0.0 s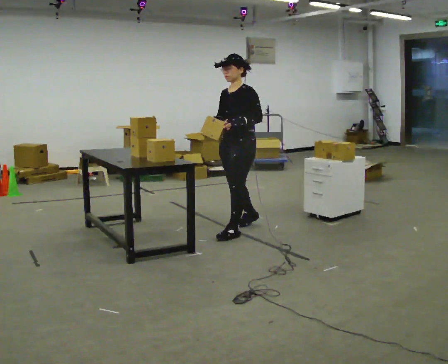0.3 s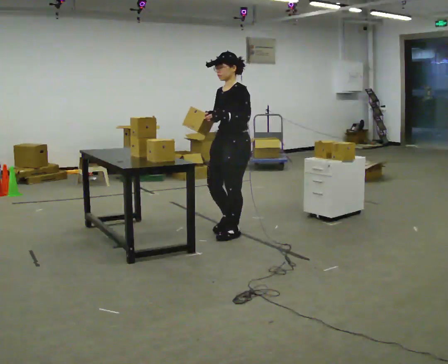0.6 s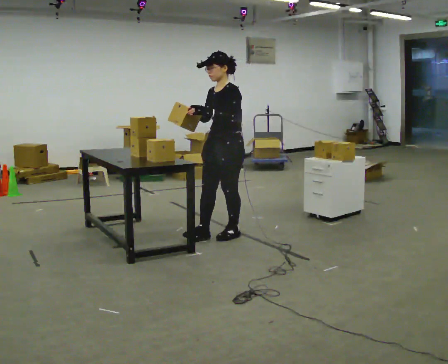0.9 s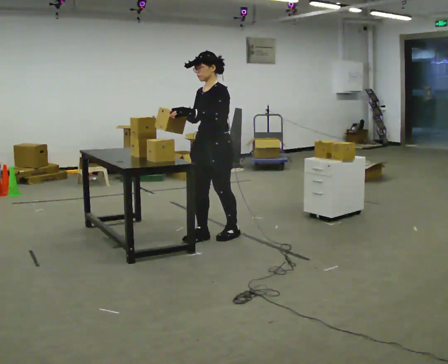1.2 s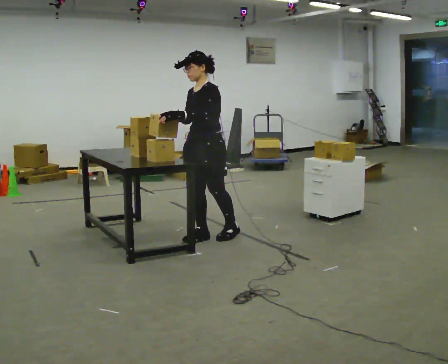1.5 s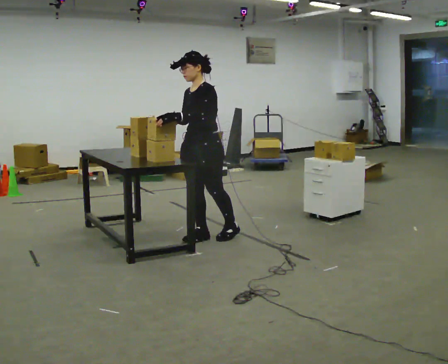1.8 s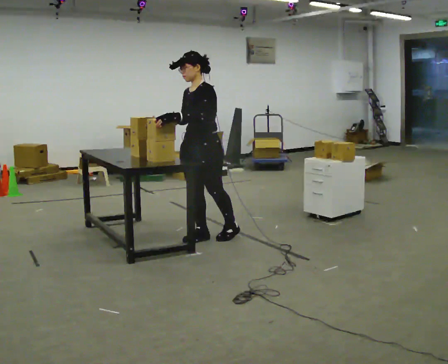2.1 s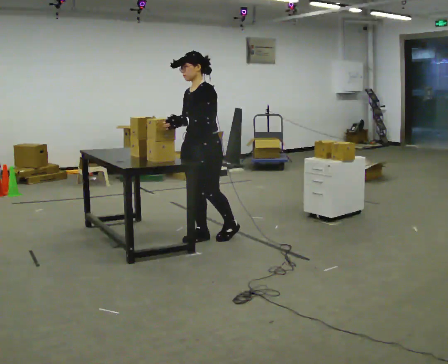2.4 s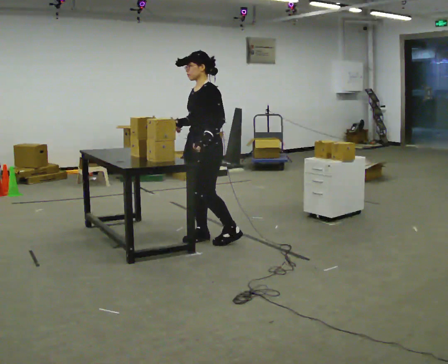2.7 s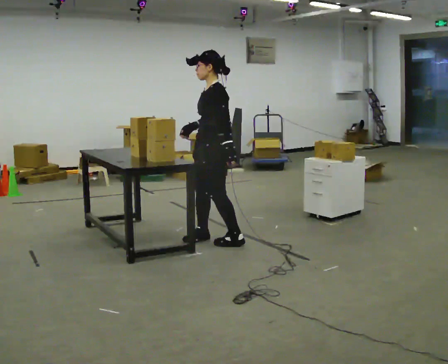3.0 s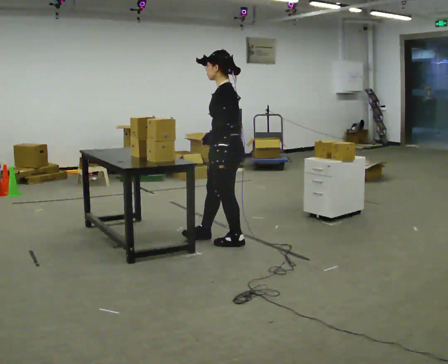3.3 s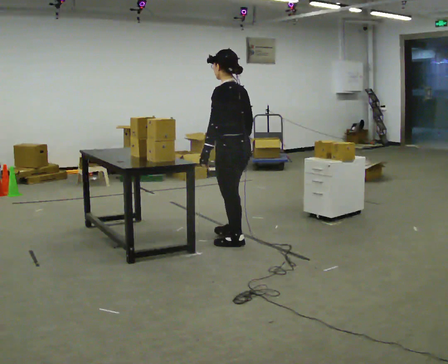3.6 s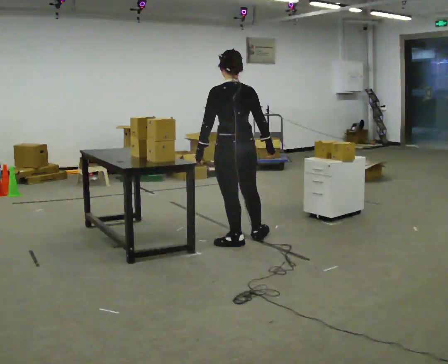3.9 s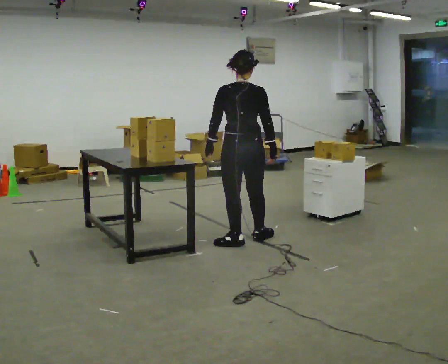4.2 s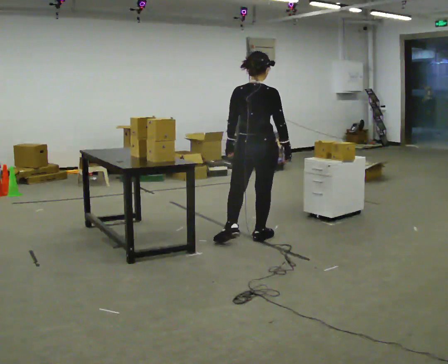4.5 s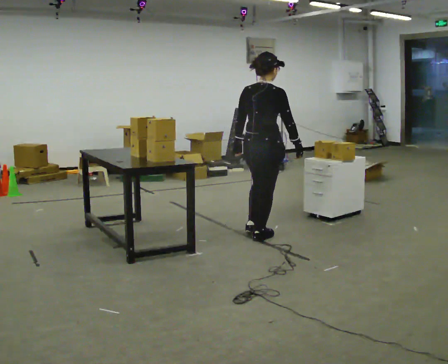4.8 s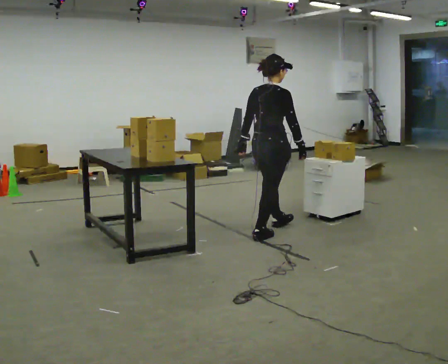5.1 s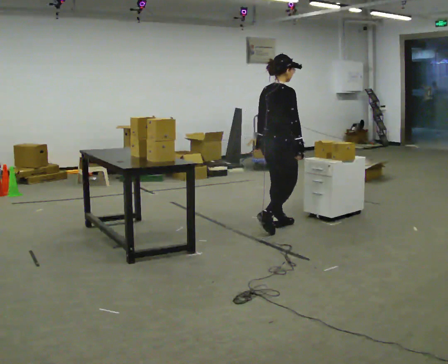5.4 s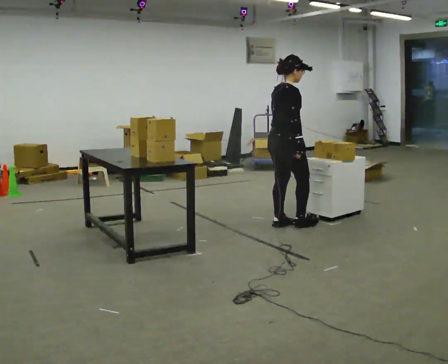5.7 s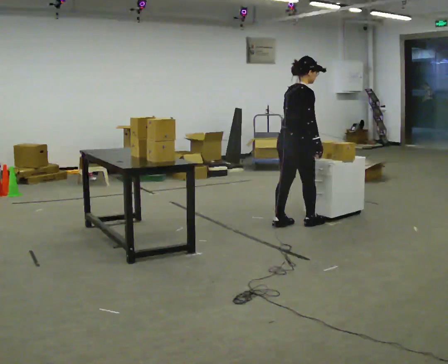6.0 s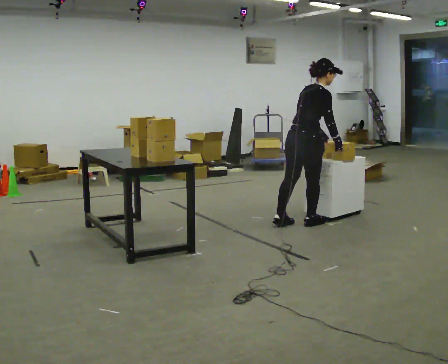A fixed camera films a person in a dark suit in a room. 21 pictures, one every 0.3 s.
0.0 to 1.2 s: In the picture they go to the left and toward the camera, about 0.25 m in 1 step, which for them is forward.
1.2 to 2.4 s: The person moves a little, or ends about where they began.
2.4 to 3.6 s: The part of the body nearest the lens slides to the left as the person turns to their right by about 90 degrees. In the picture they go to the right, about 0.25 m in 2 steps.
3.6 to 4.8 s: The part of the body nearest the lens slides to the left as the person turns to their right by about 75 degrees. In the picture they go away from the camera and to the right, about 0.5 m in 1 step.
4.8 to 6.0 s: In the picture they go to the right and away from the camera, about 0.5 m in 1 step, which for them is forward. In the picture the upper body tilts clockwise, shoulders to the right, as they bend forward.
The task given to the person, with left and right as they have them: 1. Move all 12 boxes from the shelf at one end of the room to the shelf at the other end. 2. The cart is not available today, so carry them. 3. Tell the operator when you are finished.
The film runs forward here.
